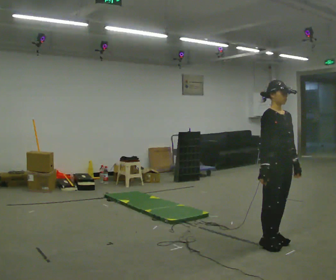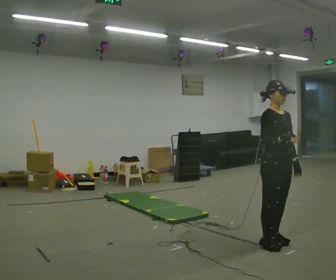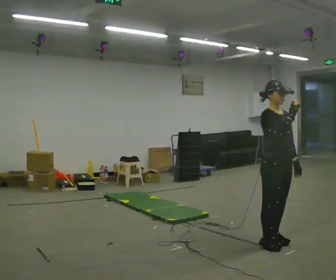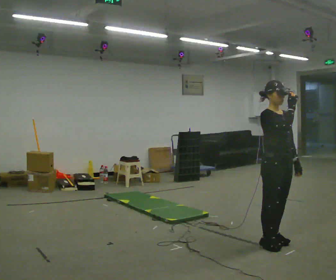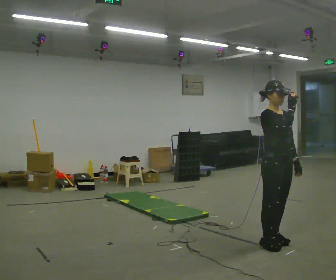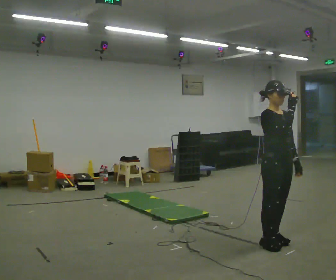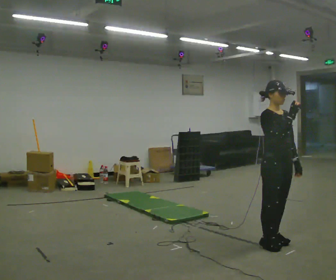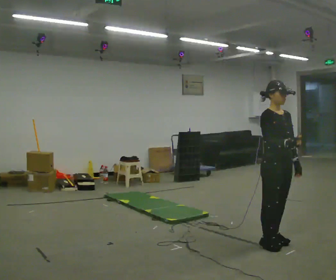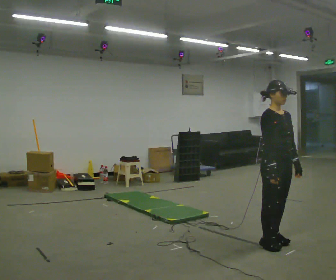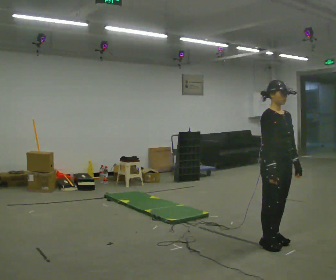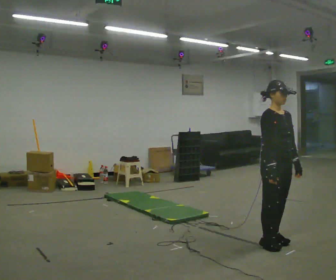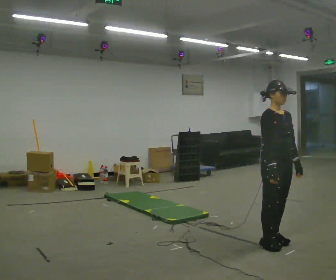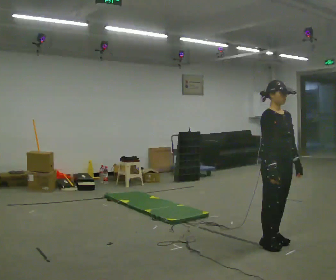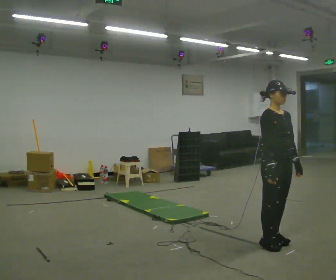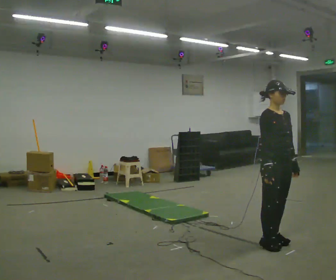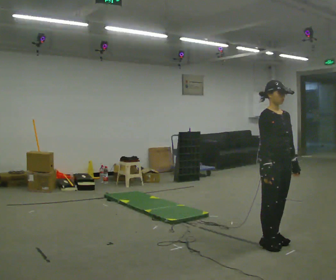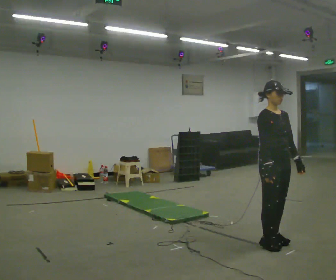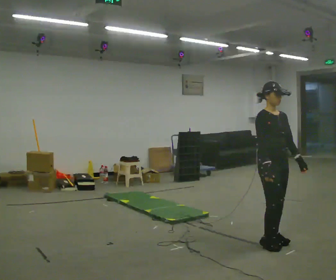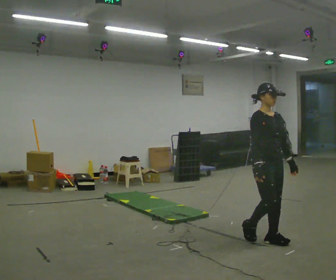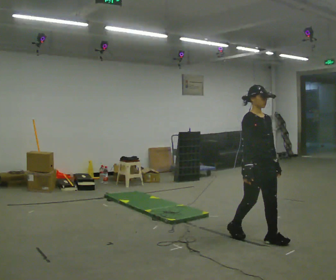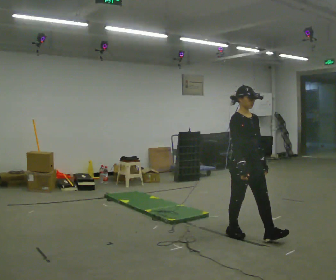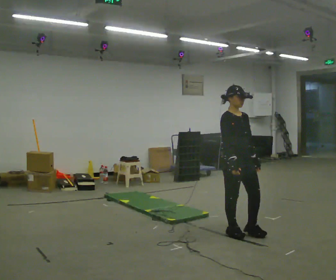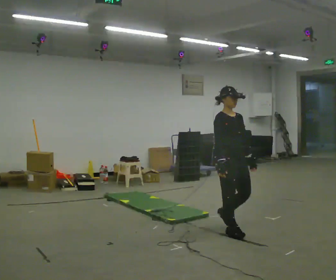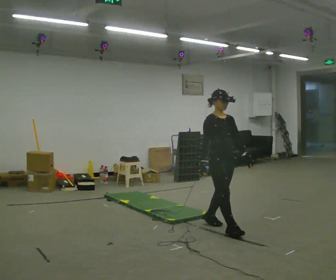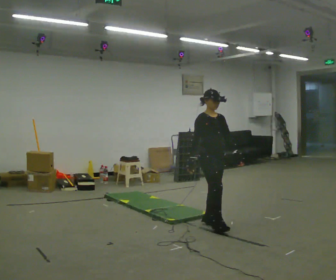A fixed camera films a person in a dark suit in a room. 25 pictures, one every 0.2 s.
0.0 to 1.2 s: In the picture their right hand goes upward.
1.2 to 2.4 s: In the picture their right hand goes downward.
2.4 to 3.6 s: The person moves a little, or ends about where they began.
3.6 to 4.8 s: In the picture they go to the left and away from the camera, about 1 m in 2 steps, which for them is backward.
The film runs backward here.
